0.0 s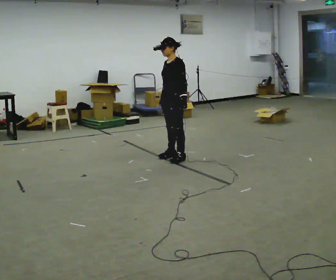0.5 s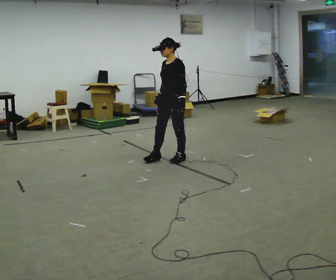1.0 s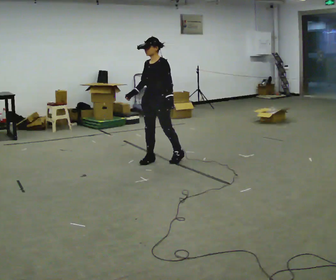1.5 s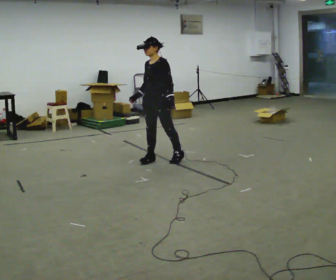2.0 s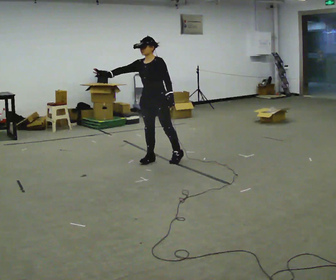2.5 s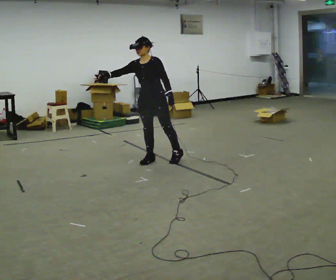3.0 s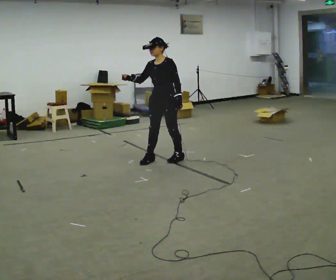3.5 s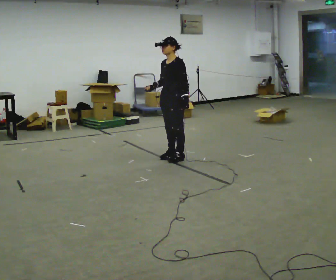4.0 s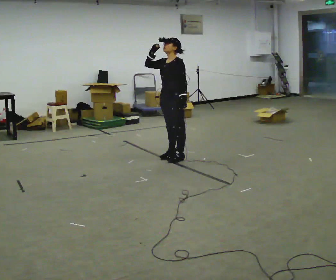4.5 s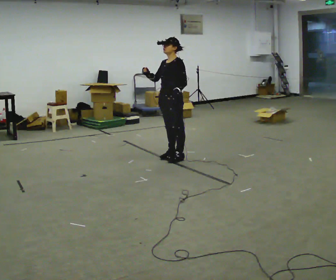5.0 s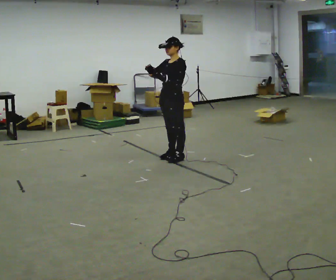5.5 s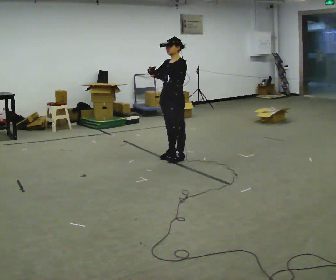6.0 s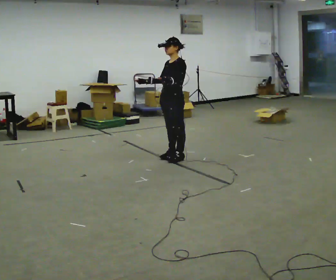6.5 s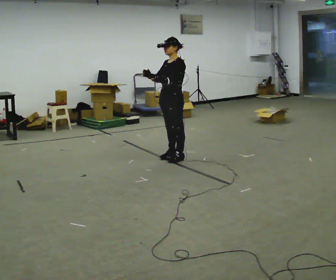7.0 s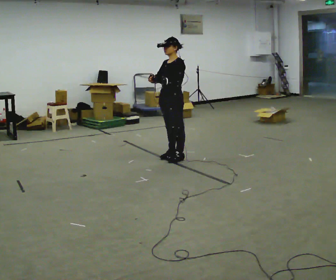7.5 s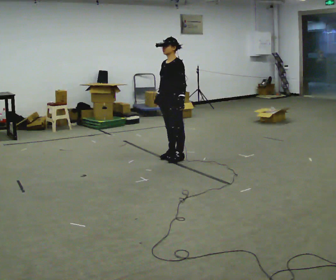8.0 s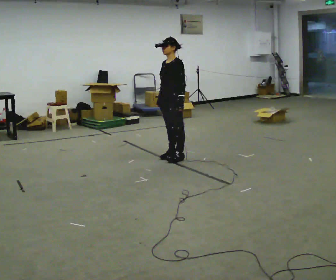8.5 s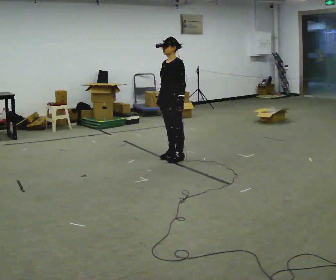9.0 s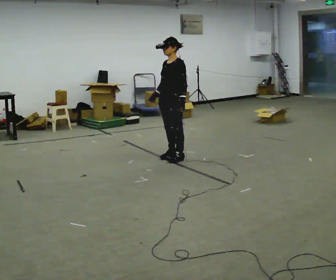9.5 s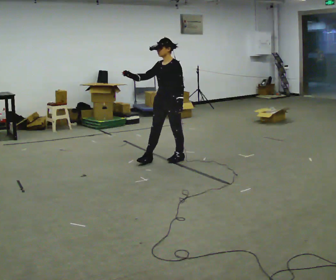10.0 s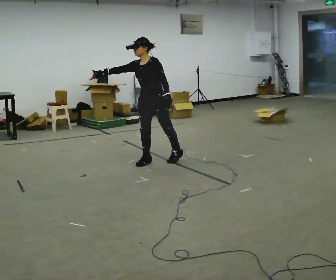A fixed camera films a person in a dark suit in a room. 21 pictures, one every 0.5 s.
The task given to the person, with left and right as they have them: Act out everyday actions without any objects, as in charades: opening a door, drinking, reading, brushing your hair. Repeat the movement at your own pace until the operator says stop; do not rush.
0.0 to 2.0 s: The person turns about 30 degrees to their left, counterclockwise seen from above, so the part of the body nearest the lens slides to the right. In the picture they go to the left, about 0.25 m in 1 step, which for them is forward and to their right. In the picture their right hand goes to the left, the arm swinging clockwise.
2.0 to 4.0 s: In the picture they go to the right, about 0.25 m in 1 step, which for them is backward. In the picture their right hand goes to the right.
4.0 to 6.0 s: In the picture their right hand goes downward.
6.0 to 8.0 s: The person moves a little, or ends about where they began.
8.0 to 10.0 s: In the picture they go to the left and toward the camera, about 0.25 m in 1 step, which for them is forward. In the picture the upper body tilts counterclockwise, shoulders to the left.
The film runs forward here.
